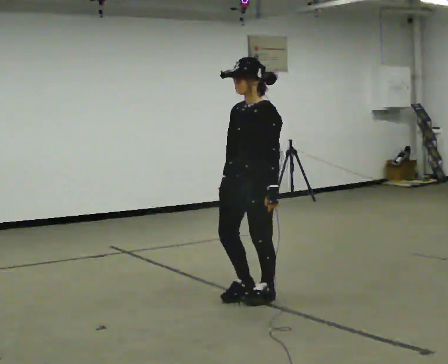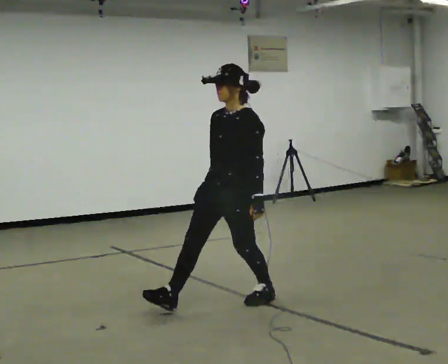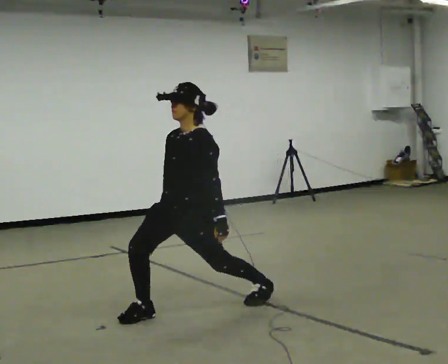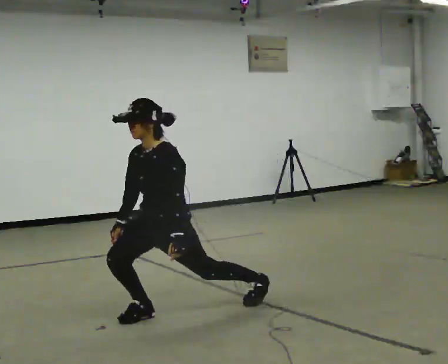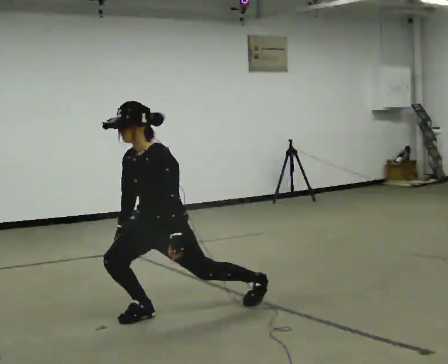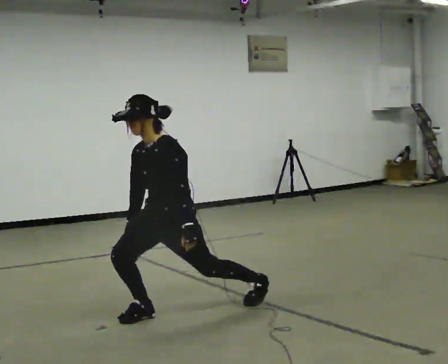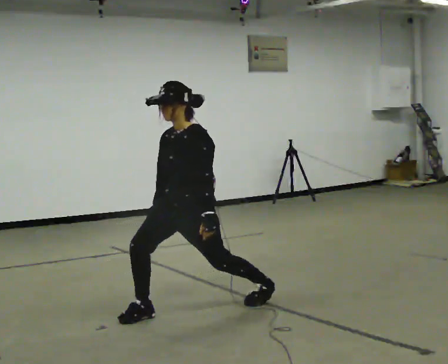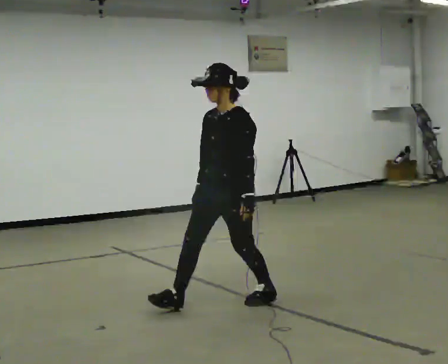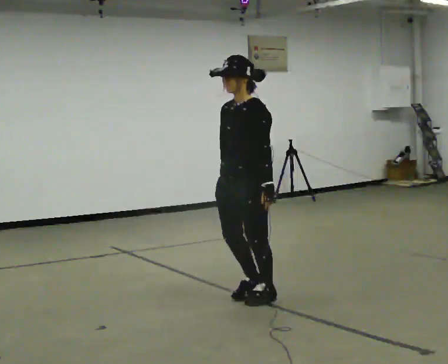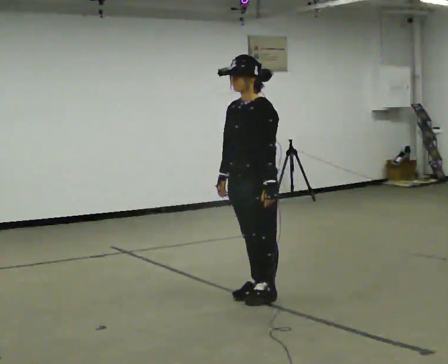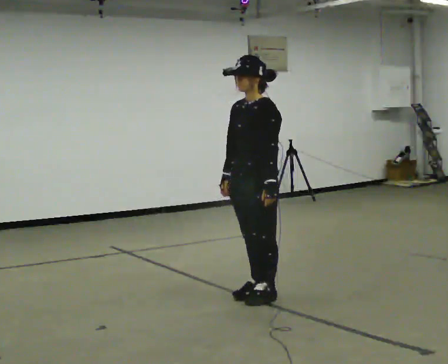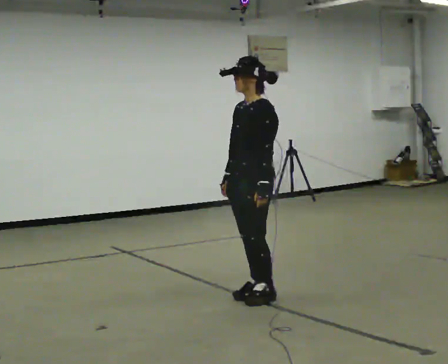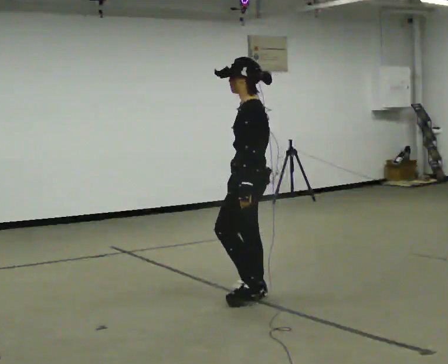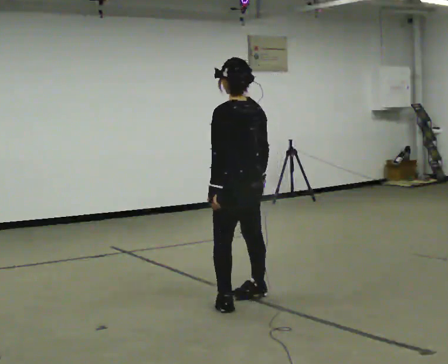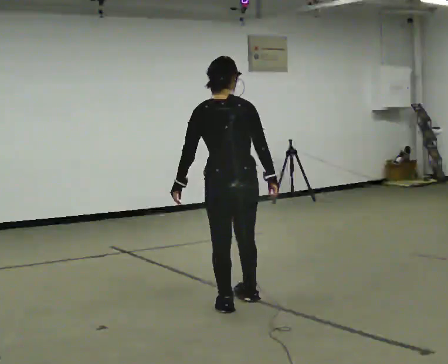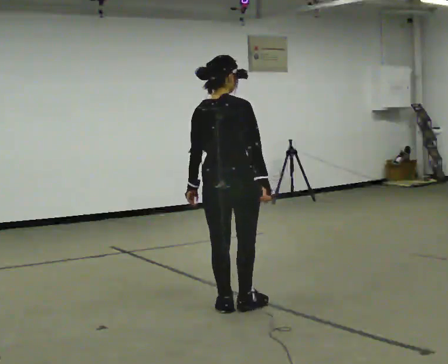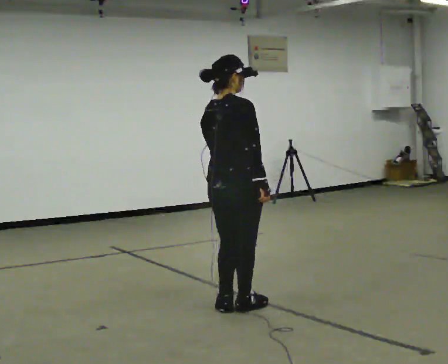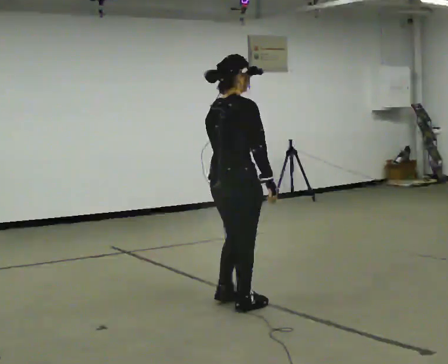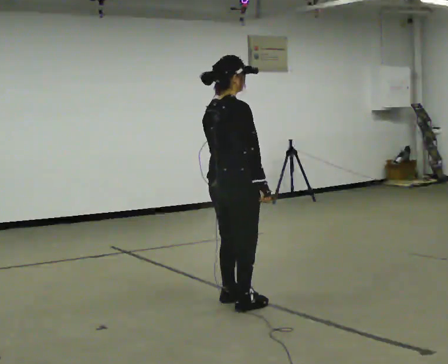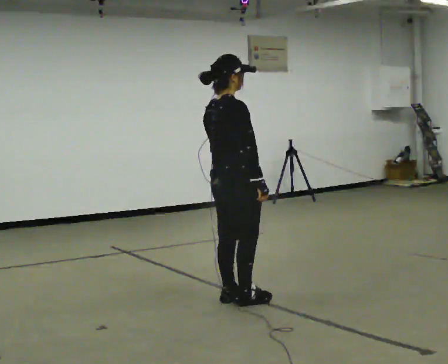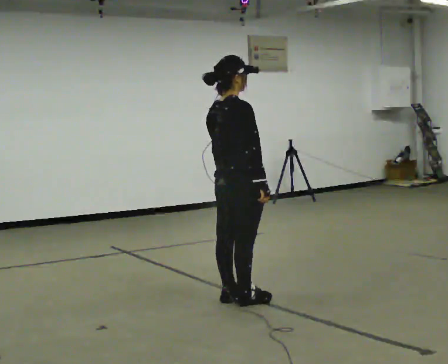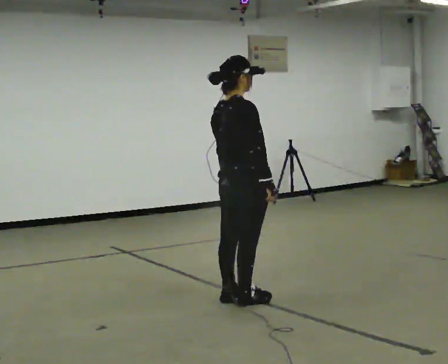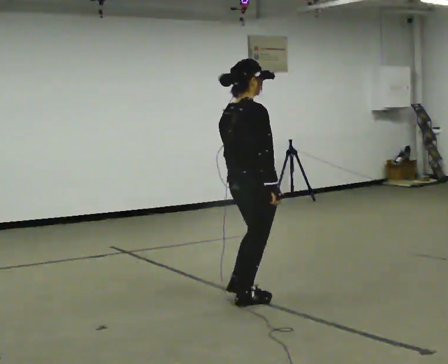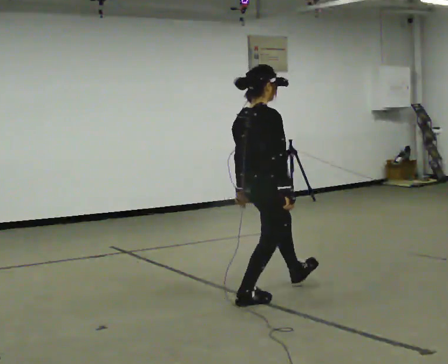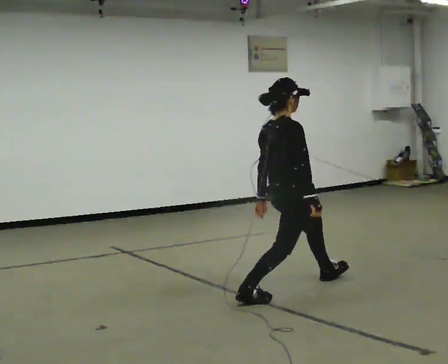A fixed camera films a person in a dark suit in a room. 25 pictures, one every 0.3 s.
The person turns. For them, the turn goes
to their right.
The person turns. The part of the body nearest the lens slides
to the left.
0.0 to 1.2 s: In the picture they go to the left and toward the camera, about 0.75 m in 1 step, which for them is forward and to their right. The shoulders move downward. In the picture the upper body tilts counterclockwise, shoulders to the left, as they bend forward.
1.2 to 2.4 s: In the picture they go to the right and away from the camera, about 0.5 m, which for them is backward and to their left. The upper body goes upward.
2.4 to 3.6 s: The part of the body nearest the lens slides to the left as the person turns to their right by about 45 degrees.
3.6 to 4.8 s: The person turns about 135 degrees to their right, clockwise seen from above, so the part of the body nearest the lens slides to the left. In the picture they go toward the camera, about 0.25 m in 2 steps.
4.8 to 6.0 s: In the picture they go away from the camera, about 0.25 m in 1 step.
6.0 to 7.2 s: In the picture they go to the right and away from the camera, about 0.5 m in 1 step, which for them is forward.
The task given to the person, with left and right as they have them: Step forward into a lunge on the leg the operator calls, lowering your back knee toward the floor, then push back to standing. Then do the same stepping backward instead. Repeat the movement at your own pace until the operator says stop; do not rush.
The film runs forward here.
